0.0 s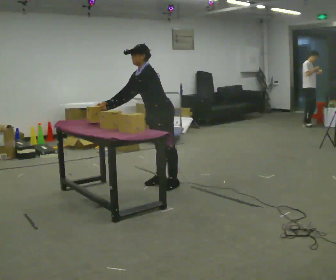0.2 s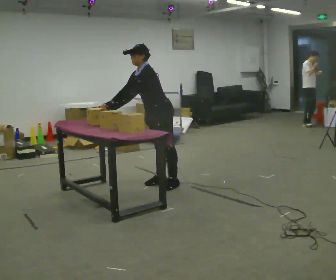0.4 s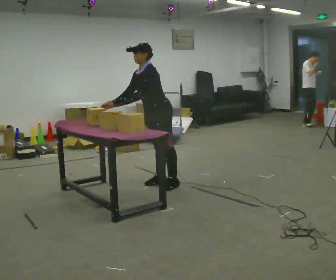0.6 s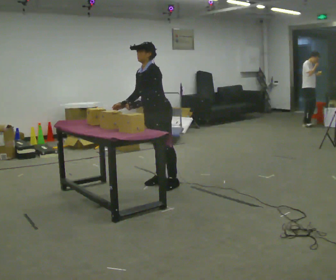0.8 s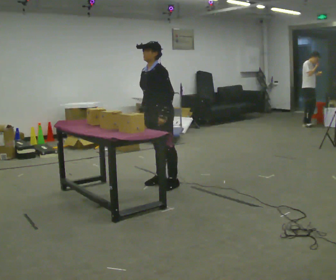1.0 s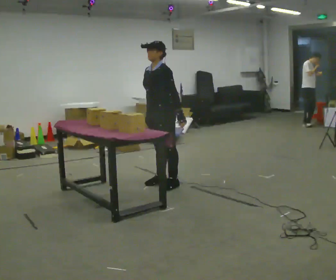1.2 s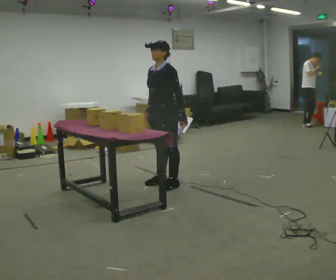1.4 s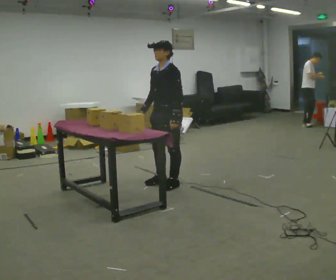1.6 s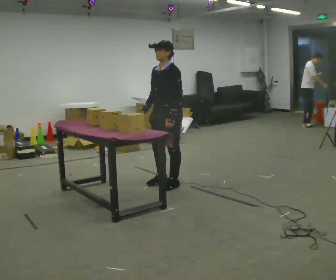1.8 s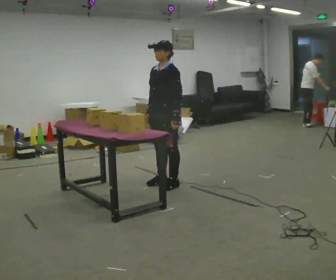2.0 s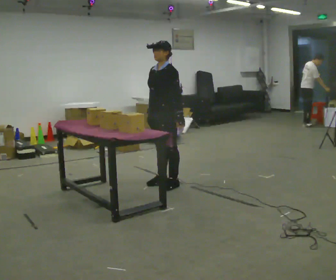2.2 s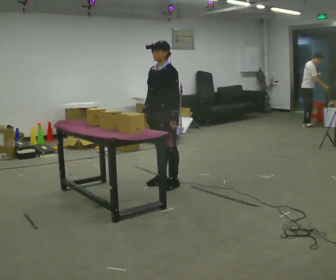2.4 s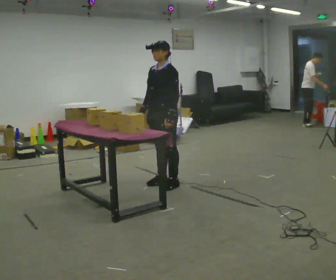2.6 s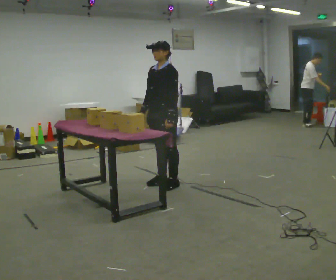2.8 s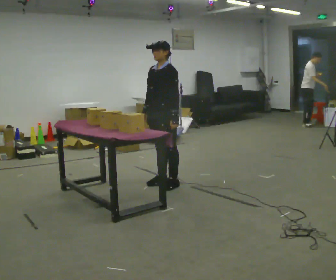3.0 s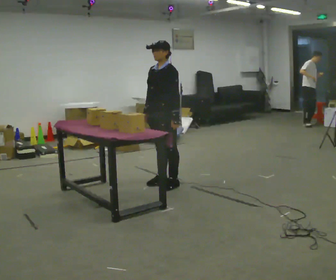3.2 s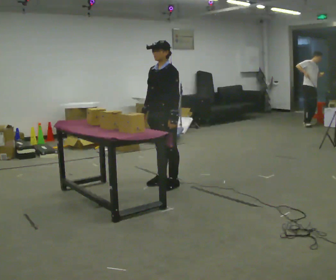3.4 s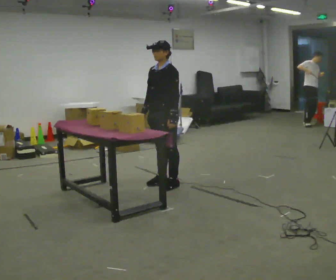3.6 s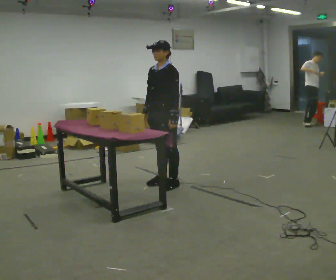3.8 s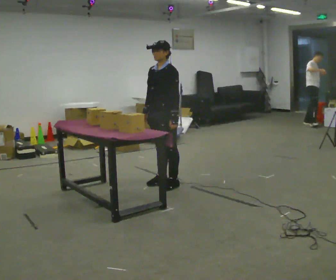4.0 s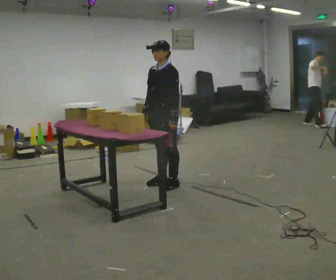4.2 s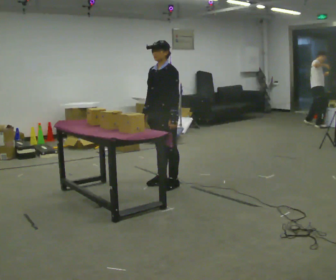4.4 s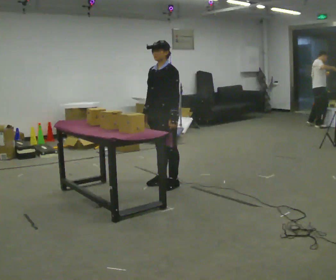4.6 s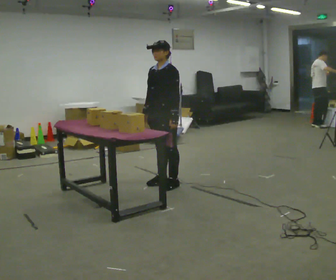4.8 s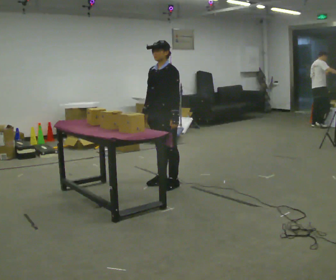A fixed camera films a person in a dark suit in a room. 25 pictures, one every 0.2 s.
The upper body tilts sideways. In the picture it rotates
clockwise.
0.0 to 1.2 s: In the picture the upper body tilts clockwise, shoulders to the right, as they lean back or straighten. In the picture their left hand goes to the right, the arm swinging counterclockwise.
1.2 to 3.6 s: The person moves a little, or ends about where they began.
3.6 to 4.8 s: The person keeps their place and pose.
The film runs forward here.
